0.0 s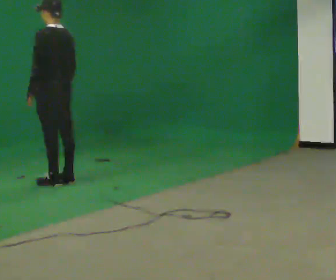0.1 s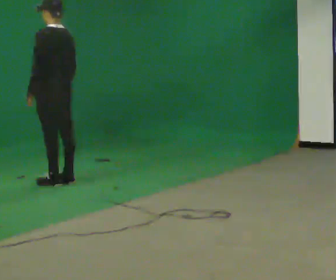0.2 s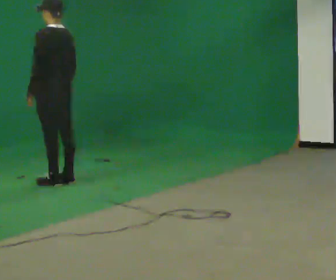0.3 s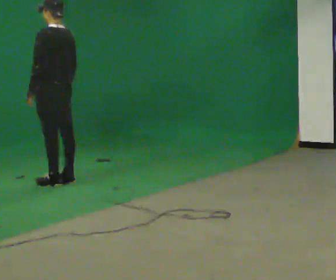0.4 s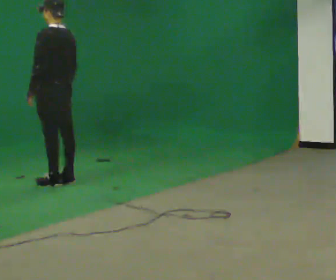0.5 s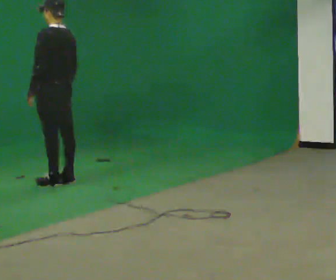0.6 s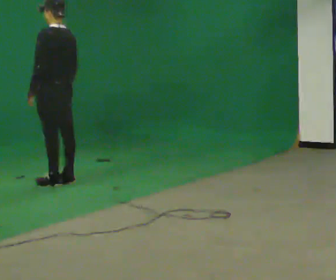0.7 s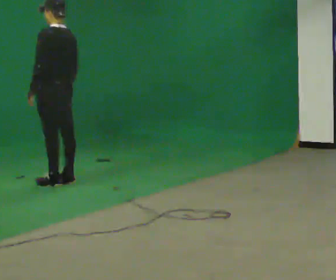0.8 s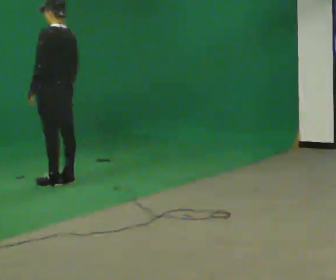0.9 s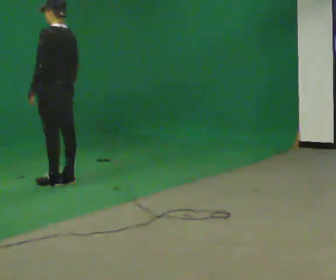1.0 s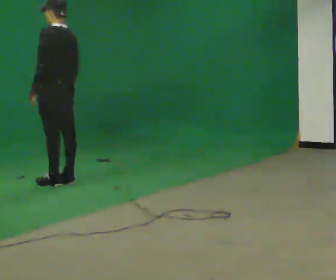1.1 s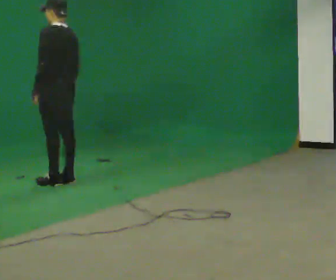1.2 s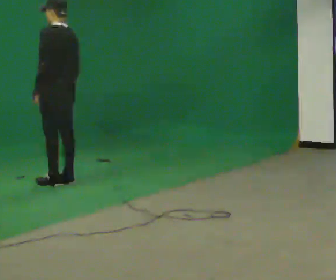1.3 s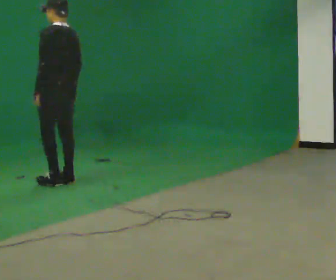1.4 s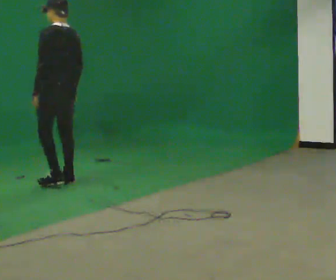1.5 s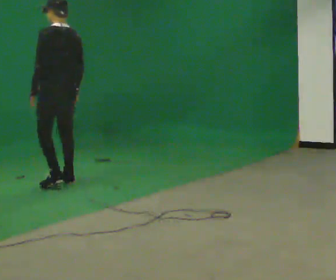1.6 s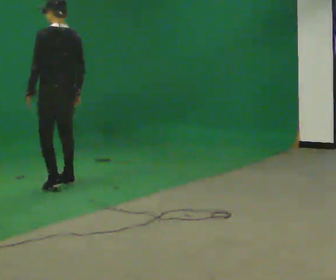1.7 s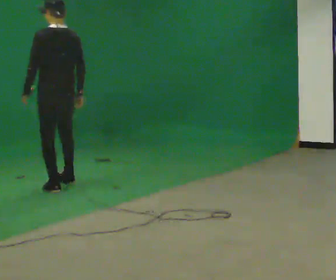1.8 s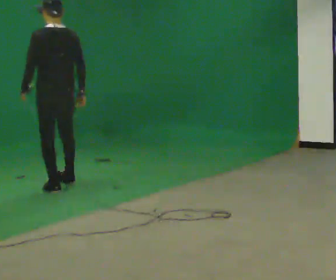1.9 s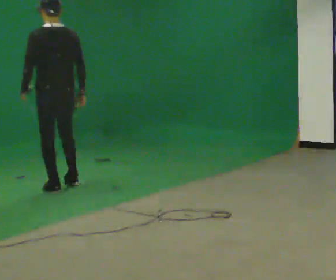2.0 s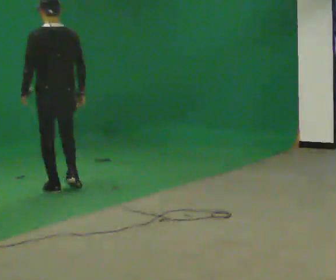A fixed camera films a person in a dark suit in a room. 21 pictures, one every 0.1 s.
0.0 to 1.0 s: The person moves a little, or ends about where they began.
1.0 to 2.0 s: Seen from above the body turns clockwise, about 30 degrees: to their right, with its near side sliding to the left. In the picture they go toward the camera, about 0.5 m in 2 steps, which for them is backward and to their left.
The film runs backward here.
